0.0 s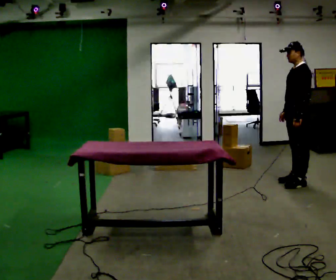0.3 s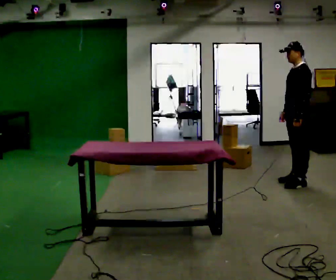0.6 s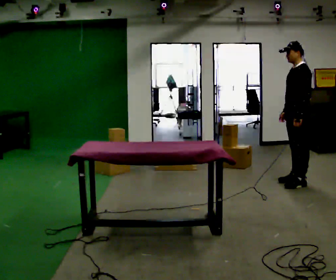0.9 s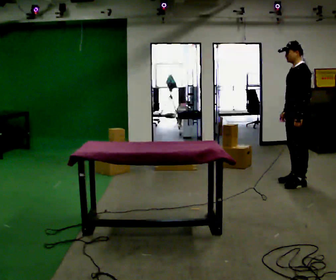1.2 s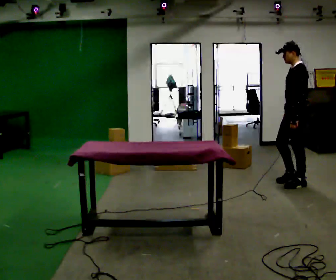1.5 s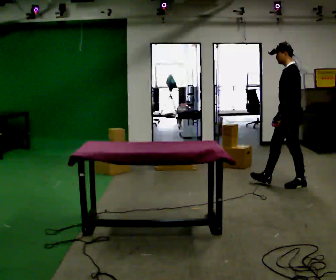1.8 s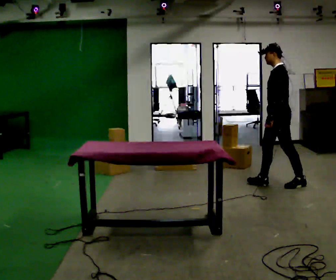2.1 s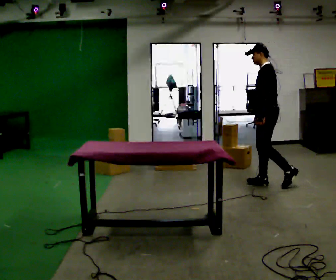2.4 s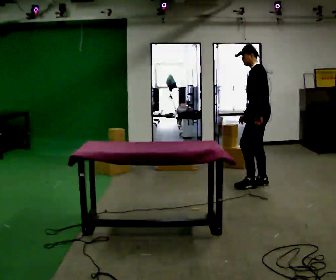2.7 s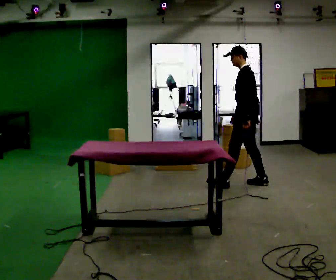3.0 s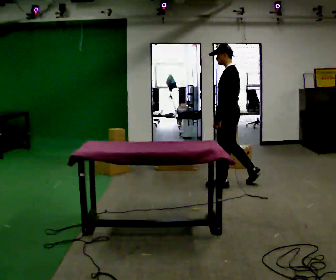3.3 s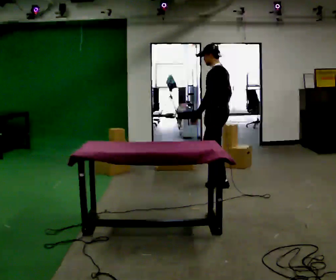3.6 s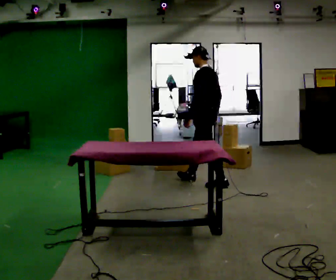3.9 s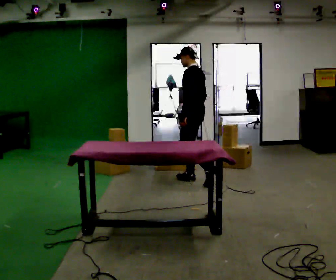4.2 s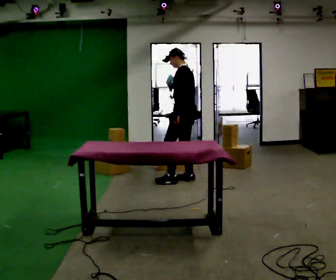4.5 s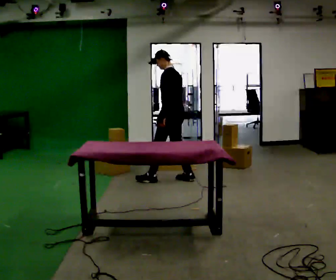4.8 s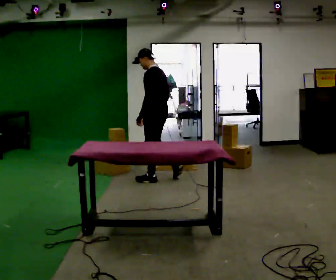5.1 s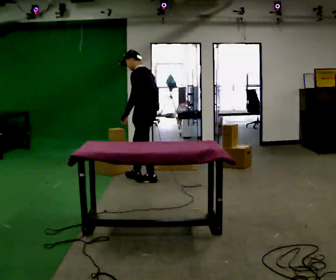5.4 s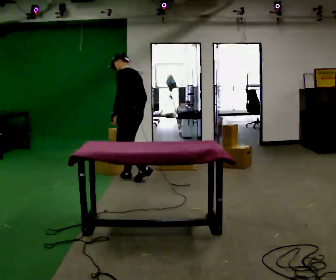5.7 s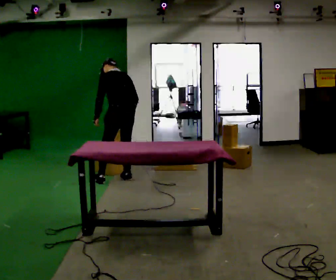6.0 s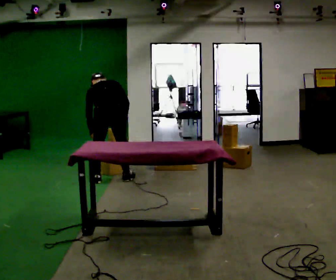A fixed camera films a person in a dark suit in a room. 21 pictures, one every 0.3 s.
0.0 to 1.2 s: The person moves a little, or ends about where they began.
1.2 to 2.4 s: In the picture they go to the left, about 0.5 m in 1 step, which for them is forward.
2.4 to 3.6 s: In the picture they go to the left, about 0.75 m in 2 steps, which for them is forward.
3.6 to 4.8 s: In the picture they go to the left, about 0.75 m in 1 step, which for them is forward.
4.8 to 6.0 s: Seen from above the body turns clockwise, about 60 degrees: to their right, with its near side sliding to the left. In the picture they go to the left and toward the camera, about 0.75 m in 2 steps. The shoulders move downward. The upper body tips away from the camera, its near side rolling upward, as they bend forward.
The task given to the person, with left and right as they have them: 1. Take everything out of the crates by the door. 2. Put the small items on the middle shelf. 3. Put the large items on the bottom shelf. 4. Stack the empty crates by the door. 5. Tell the operator when you are finished.
The film runs forward here.
